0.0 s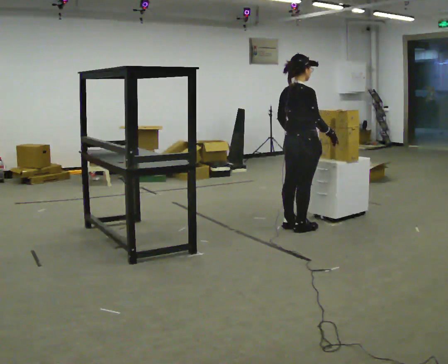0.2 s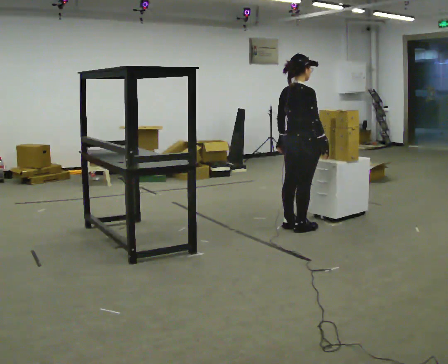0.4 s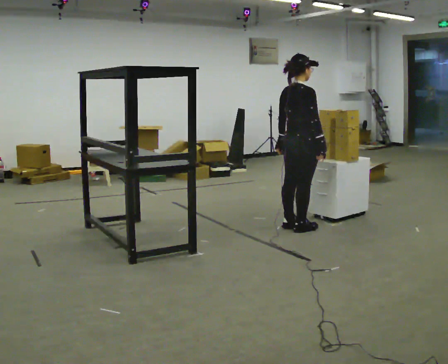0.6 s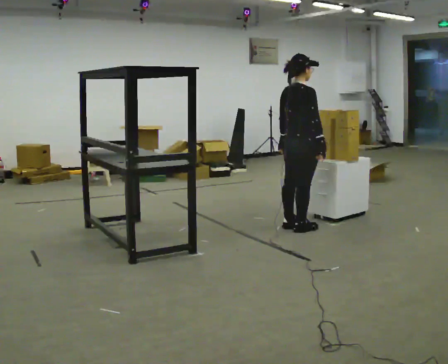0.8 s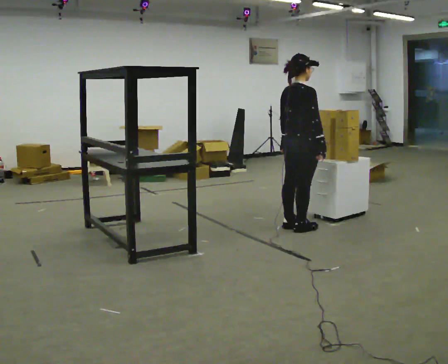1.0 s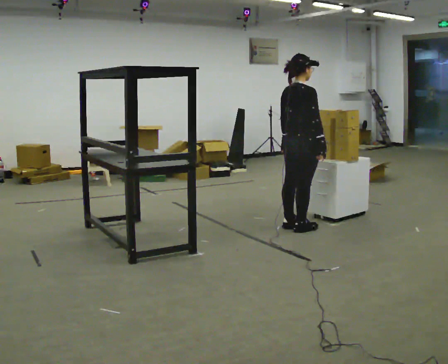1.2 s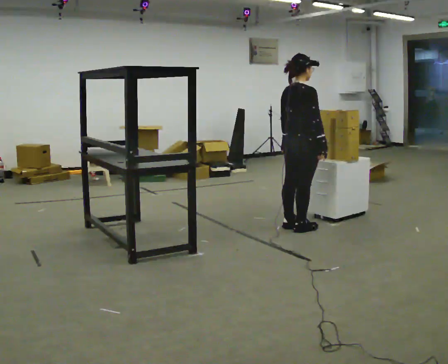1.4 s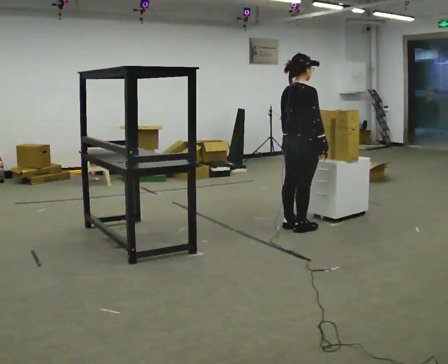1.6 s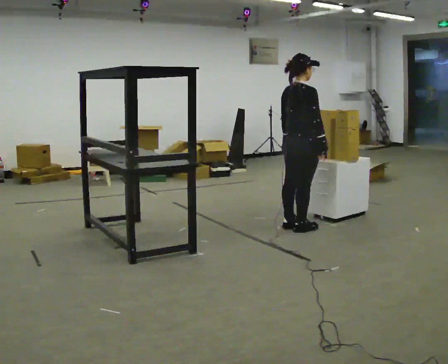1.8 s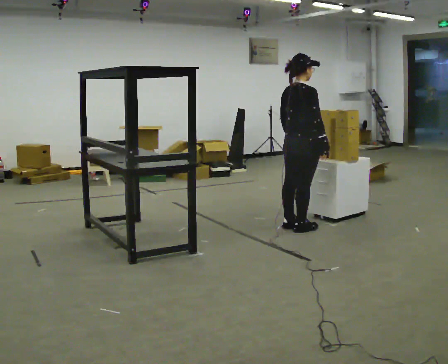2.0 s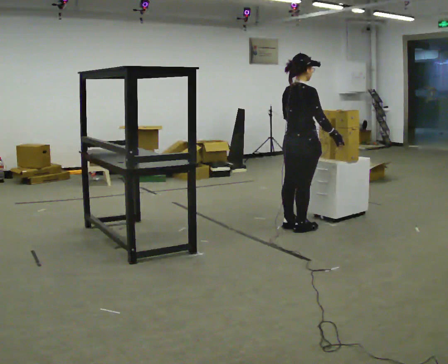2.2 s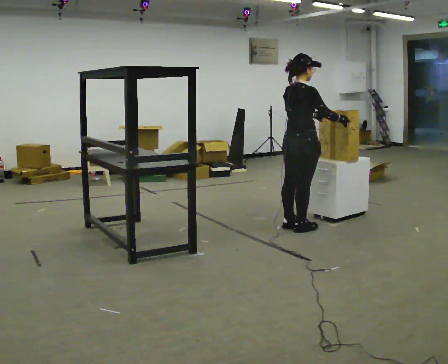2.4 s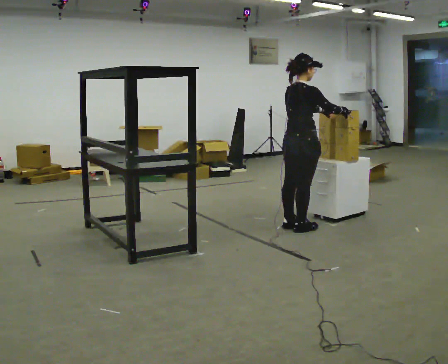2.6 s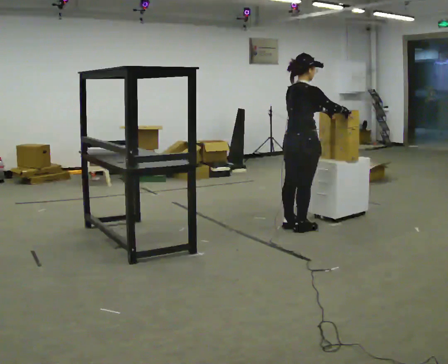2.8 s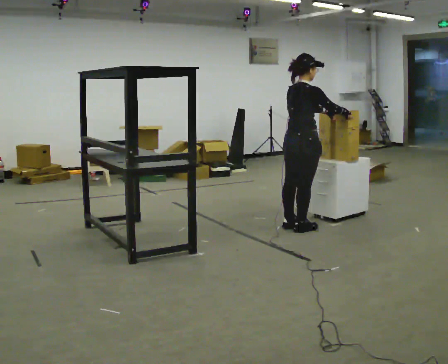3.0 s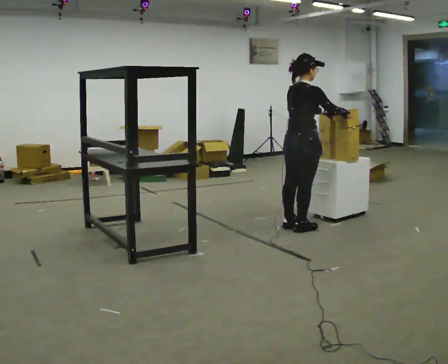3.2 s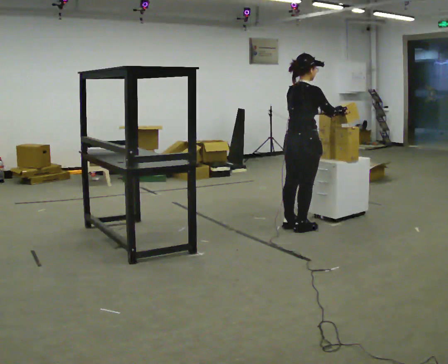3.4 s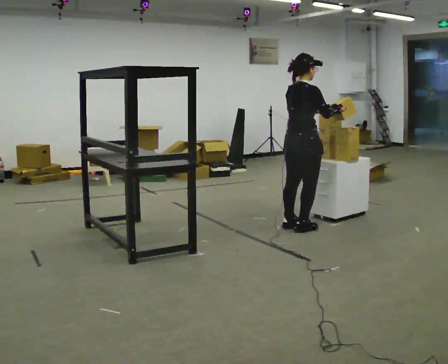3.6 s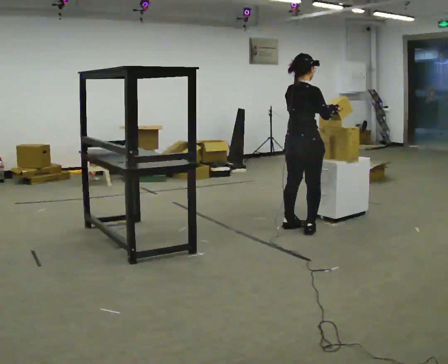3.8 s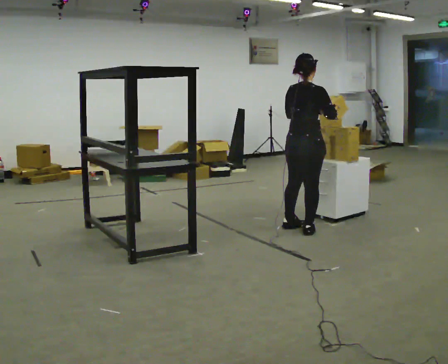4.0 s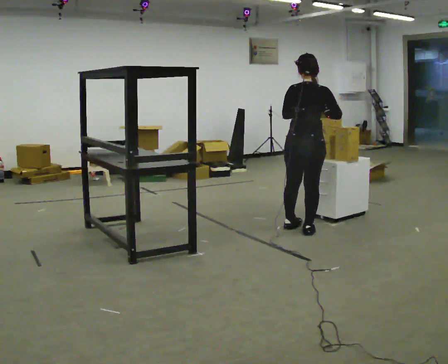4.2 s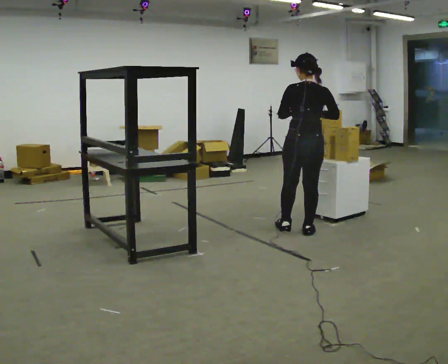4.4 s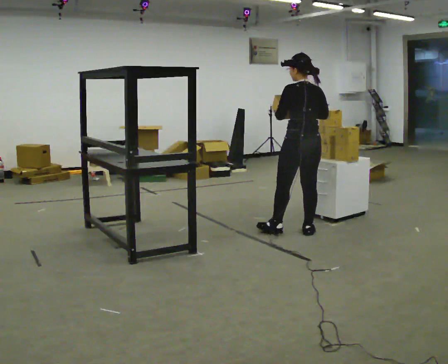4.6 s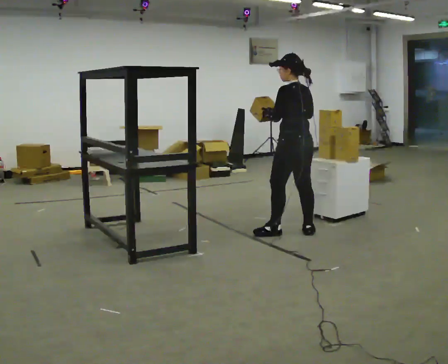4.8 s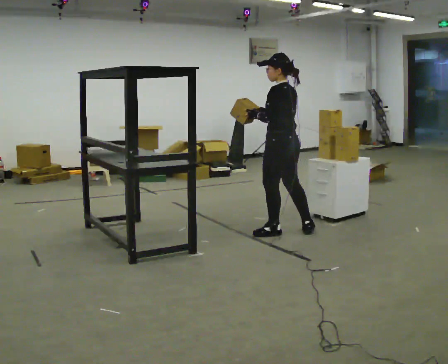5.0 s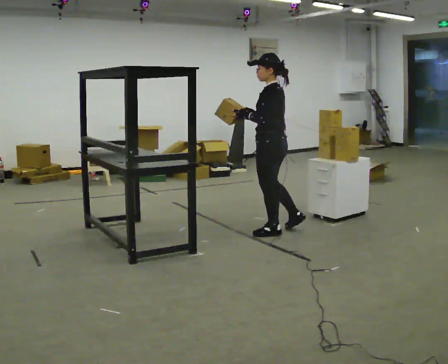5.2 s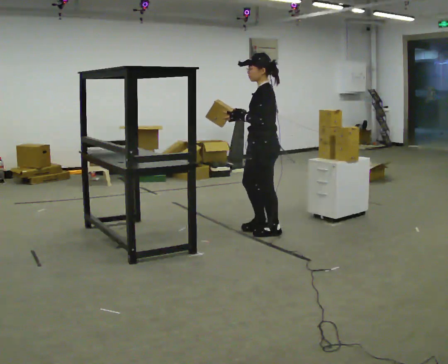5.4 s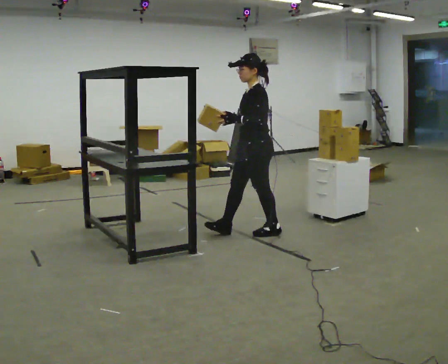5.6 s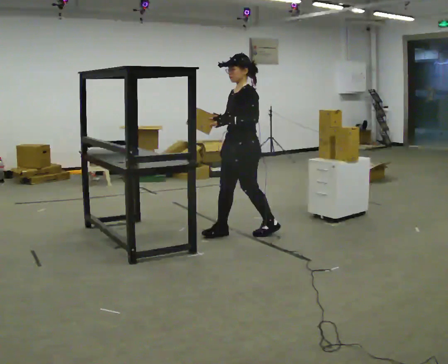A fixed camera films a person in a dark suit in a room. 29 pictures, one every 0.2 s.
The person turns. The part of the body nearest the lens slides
to the right.
The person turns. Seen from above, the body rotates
counterclockwise.
0.0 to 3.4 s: The person moves a little, or ends about where they began.
3.4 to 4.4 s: The person turns about 75 degrees to their left, counterclockwise seen from above, so the part of the body nearest the lens slides to the right. In the picture their left hand goes to the left.
4.4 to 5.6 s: The part of the body nearest the lens slides to the right as the person turns to their left by about 90 degrees. In the picture they go to the left, about 0.5 m in 1 step.
The film runs forward here.
